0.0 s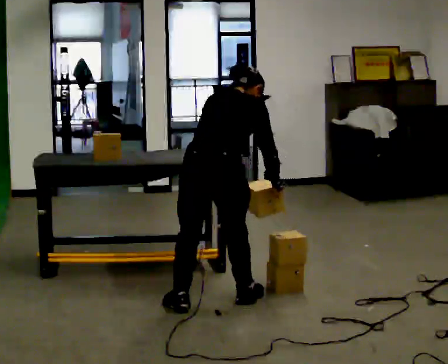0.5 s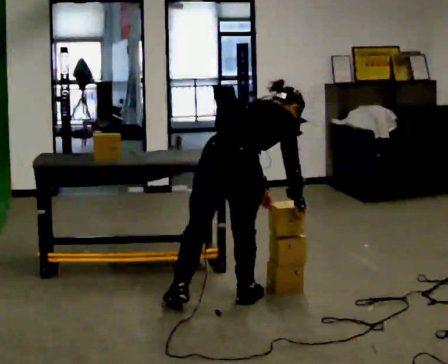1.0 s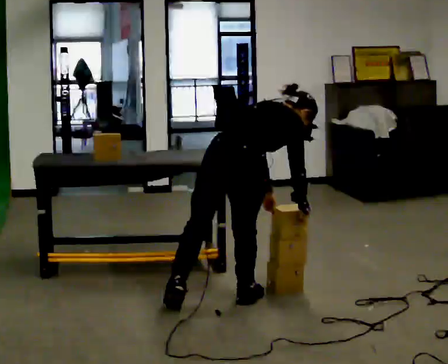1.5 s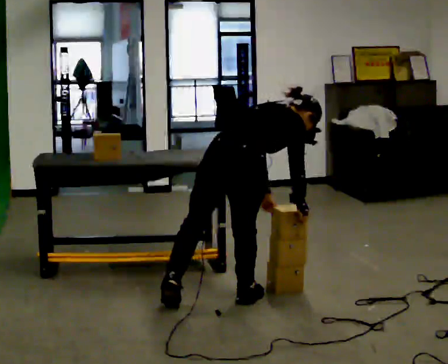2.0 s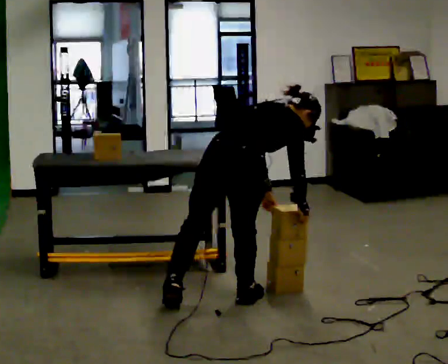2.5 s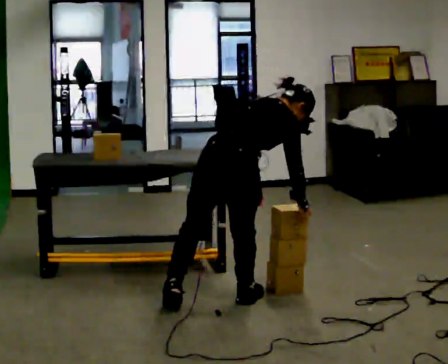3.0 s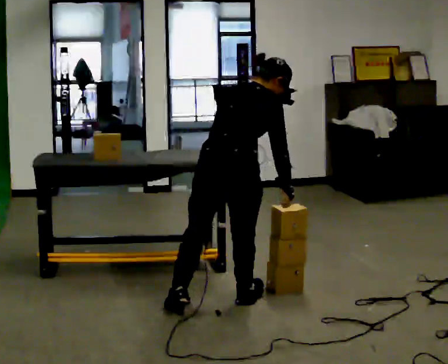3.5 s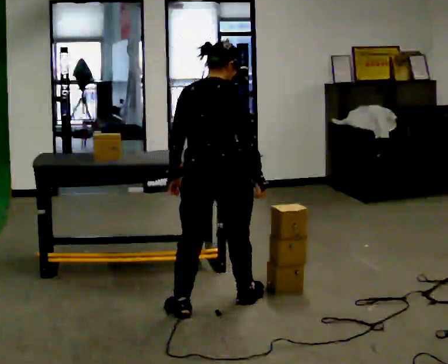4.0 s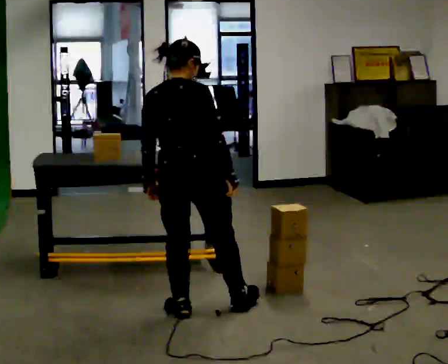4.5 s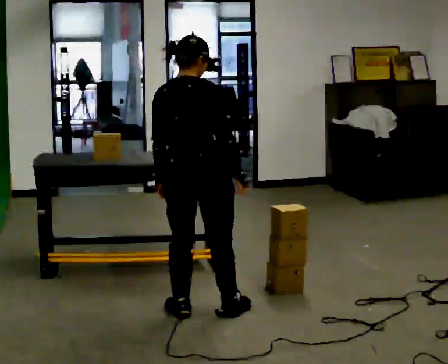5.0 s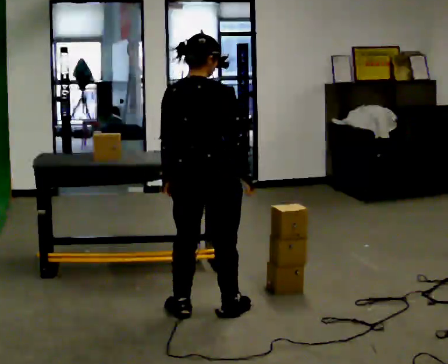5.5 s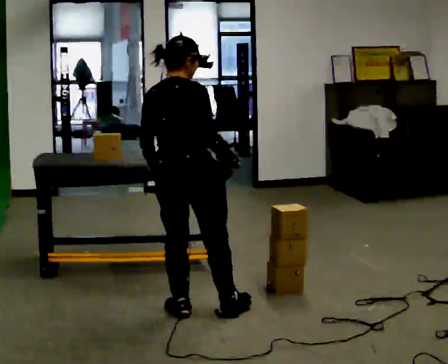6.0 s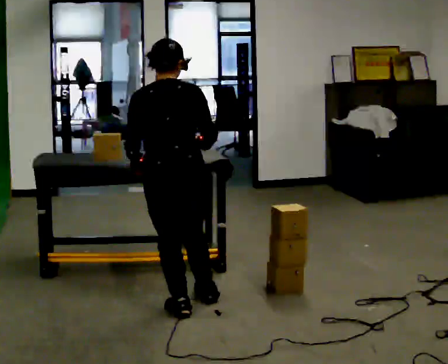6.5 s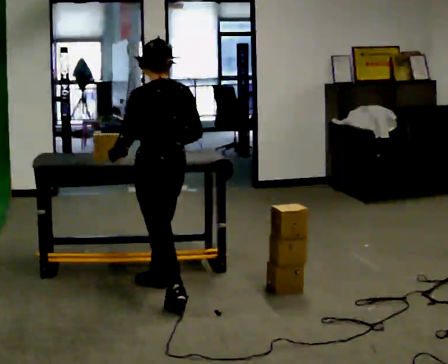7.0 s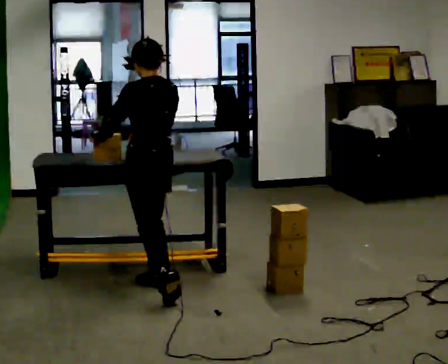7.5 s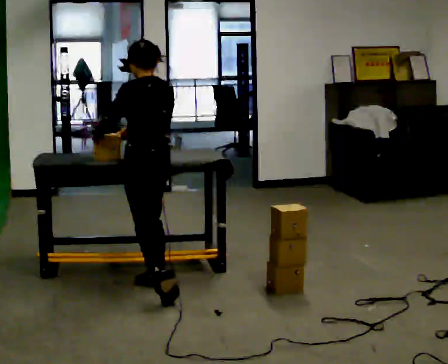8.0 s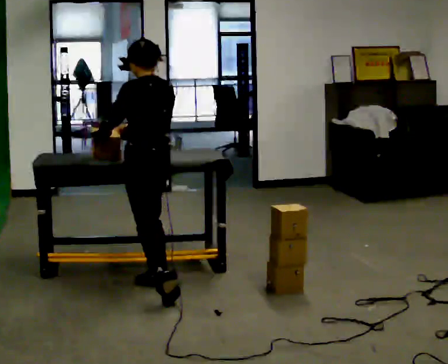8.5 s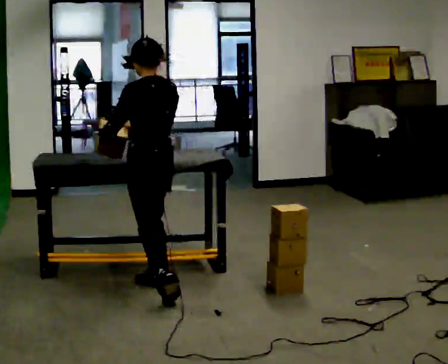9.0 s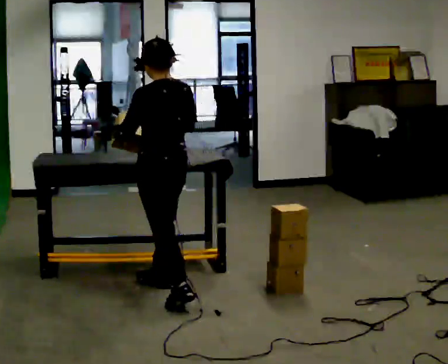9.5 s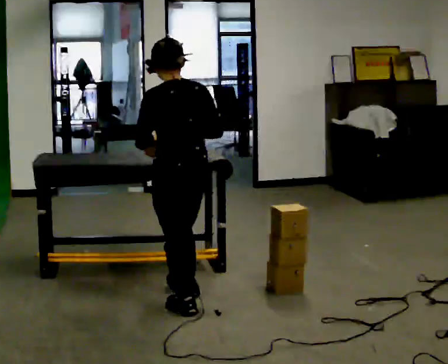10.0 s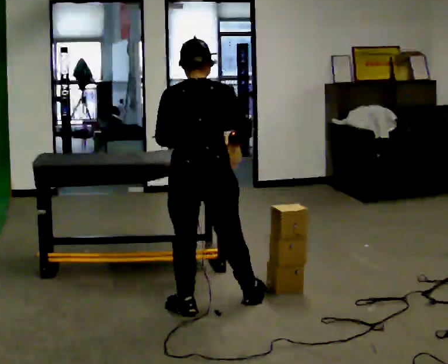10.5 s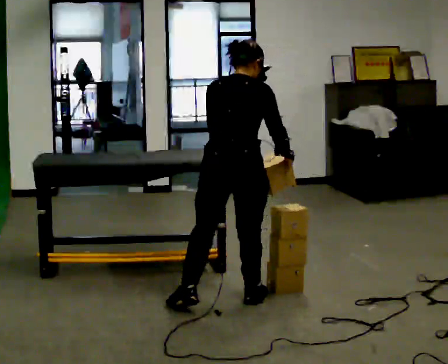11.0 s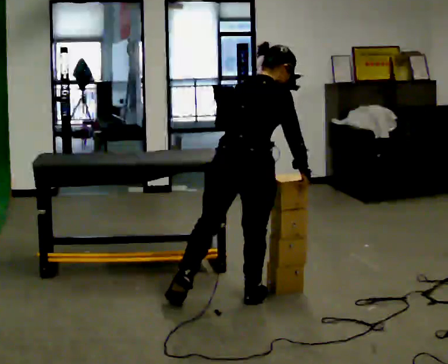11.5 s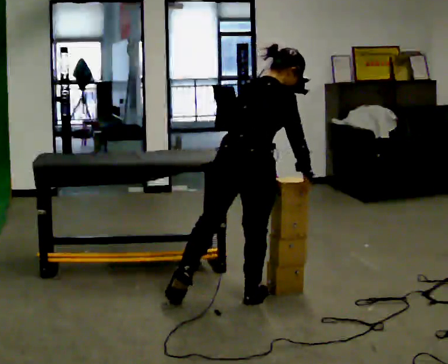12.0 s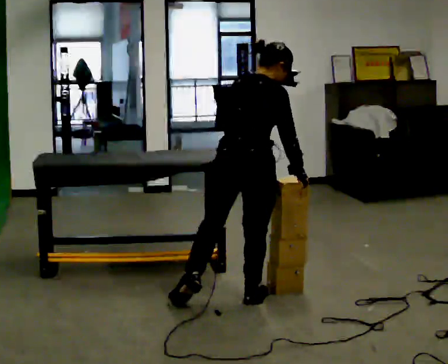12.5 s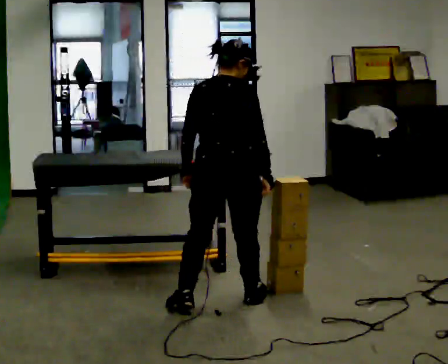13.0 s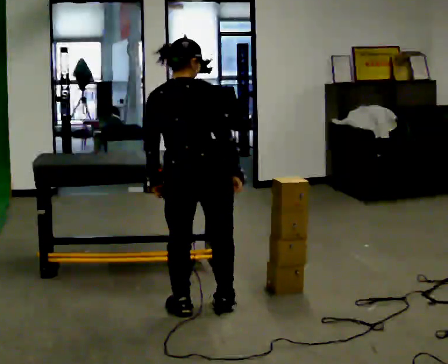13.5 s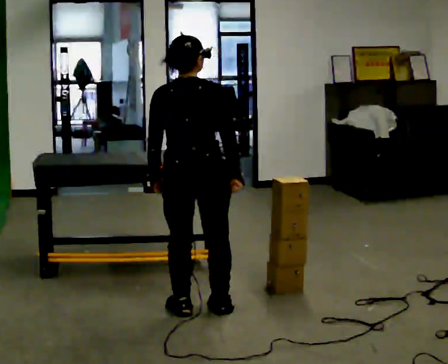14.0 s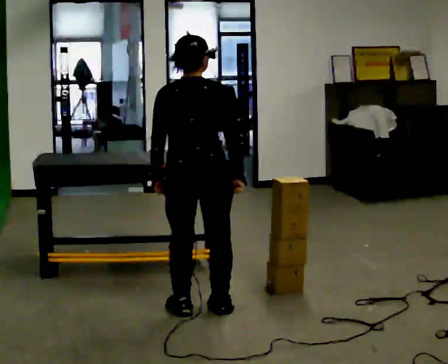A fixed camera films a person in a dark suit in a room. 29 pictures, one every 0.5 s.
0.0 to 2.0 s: In the picture the upper body tilts clockwise, shoulders to the right, as they bend forward.
2.0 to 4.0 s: In the picture they go to the left, about 0.25 m in 1 step, which for them is backward and to their left. In the picture the upper body tilts counterclockwise, shoulders to the left, as they lean back or straighten.
4.0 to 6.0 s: The person moves a little, or ends about where they began.
6.0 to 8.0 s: Seen from above the body turns counterclockwise, about 45 degrees: to their left, with its near side sliding to the right. In the picture they go away from the camera, about 0.5 m, which for them is forward and to their right.
8.0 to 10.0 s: The part of the body nearest the lens slides to the left as the person turns to their right by about 45 degrees. In the picture they go toward the camera and to the right, about 0.5 m in 1 step, which for them is backward.
10.0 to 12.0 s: The person turns about 30 degrees to their right, clockwise seen from above, so the part of the body nearest the lens slides to the left. In the picture they go to the right, about 0.25 m, which for them is forward and to their right.
12.0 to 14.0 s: The person turns about 30 degrees to their left, counterclockwise seen from above, so the part of the body nearest the lens slides to the right. In the picture they go to the left, about 0.25 m in 1 step, which for them is to their left and backward.
The film runs backward here.
